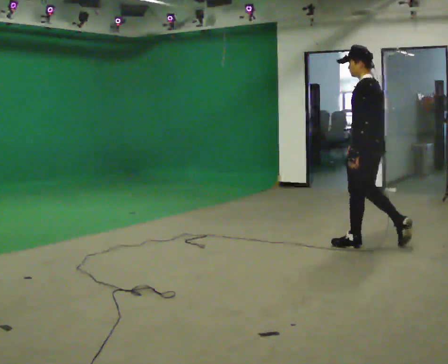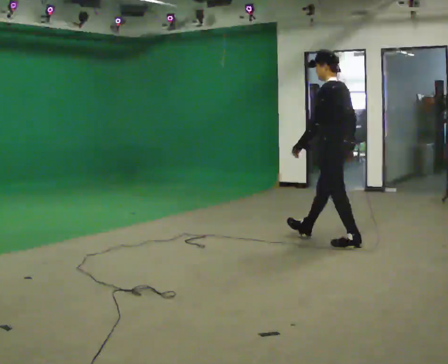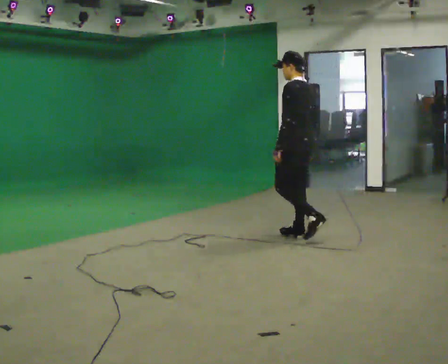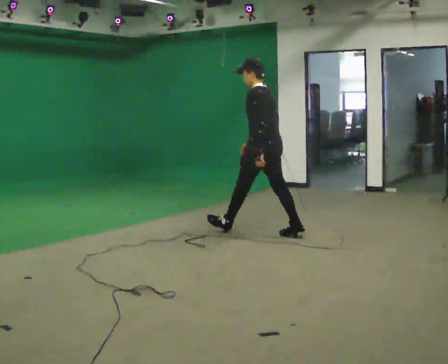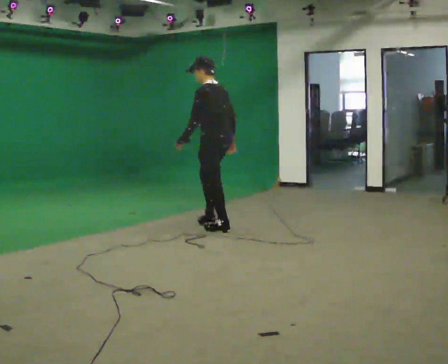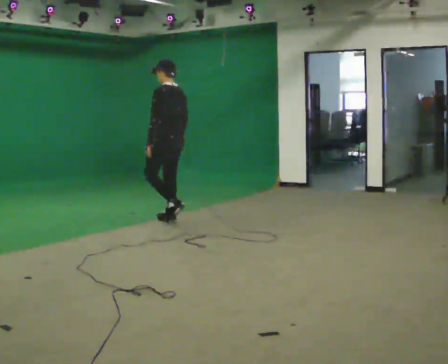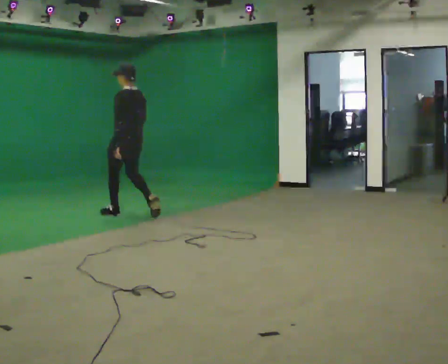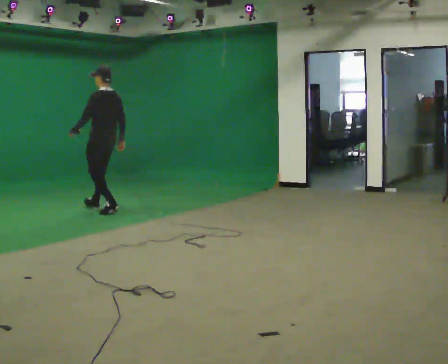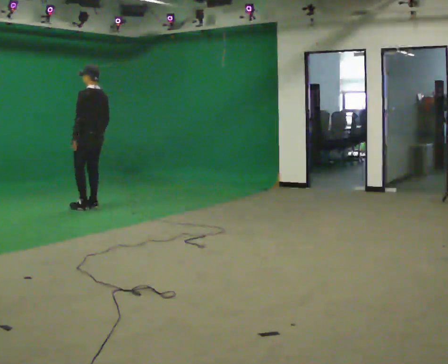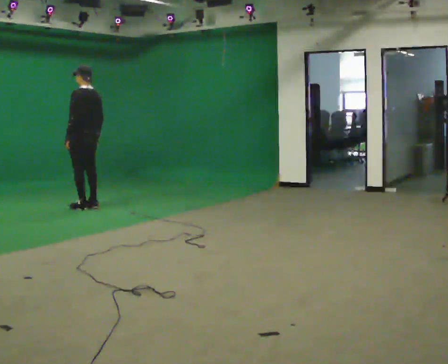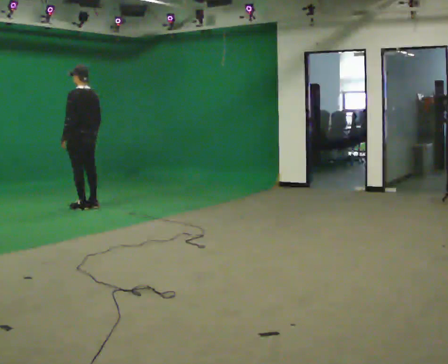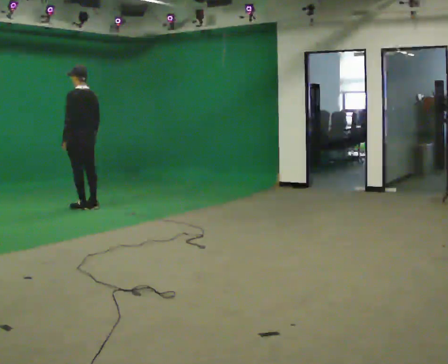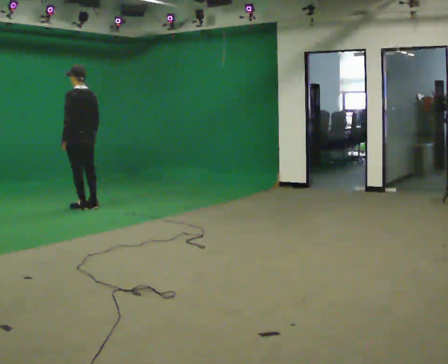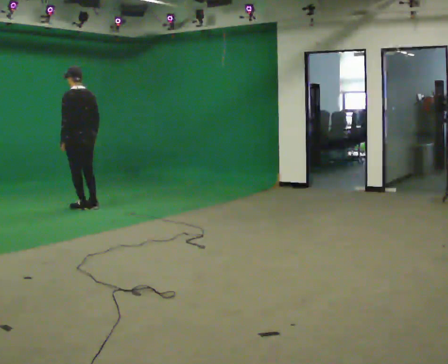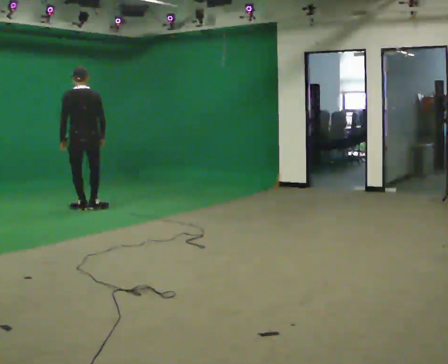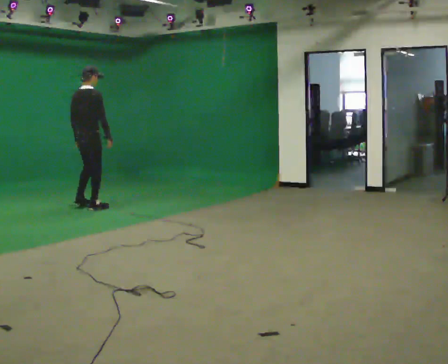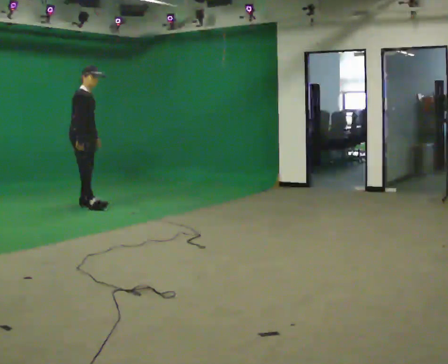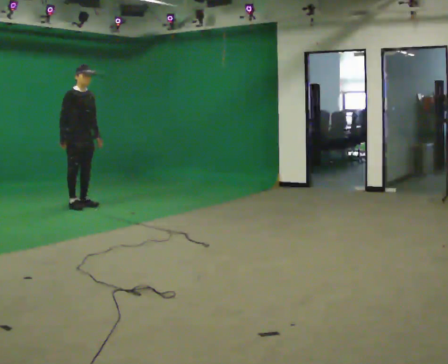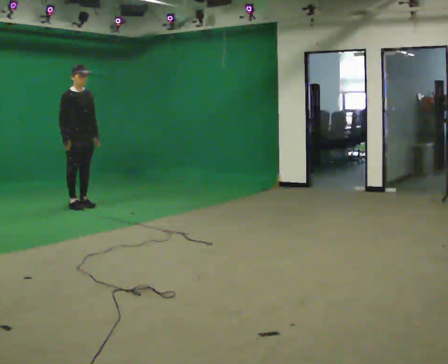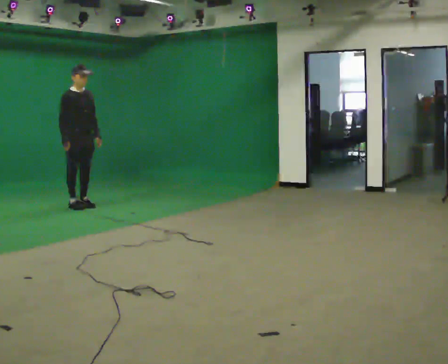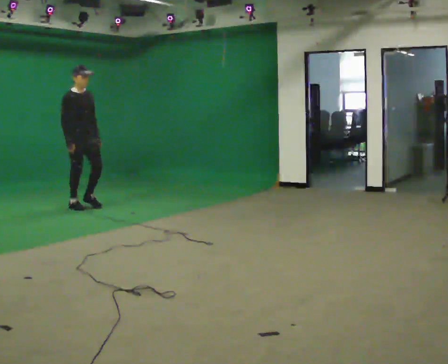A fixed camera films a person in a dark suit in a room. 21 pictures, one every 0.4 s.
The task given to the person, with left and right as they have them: Start still; gradually go slow → normal → fast; briefly maintain fast speed; stop.
0.0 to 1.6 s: In the picture they go away from the camera and to the left, about 1.5 m in 2 steps, which for them is forward.
1.6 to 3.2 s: In the picture they go away from the camera and to the left, about 2 m in 3 steps, which for them is forward.
3.2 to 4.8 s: The person moves a little, or ends about where they began.
4.8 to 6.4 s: The person turns about 165 degrees to their right, clockwise seen from above, so the part of the body nearest the lens slides to the left.
6.4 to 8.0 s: The person moves a little, or ends about where they began.
The film runs forward here.
